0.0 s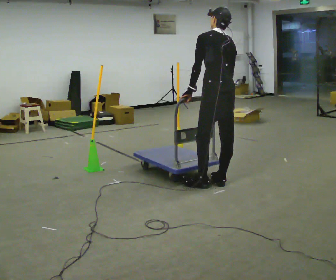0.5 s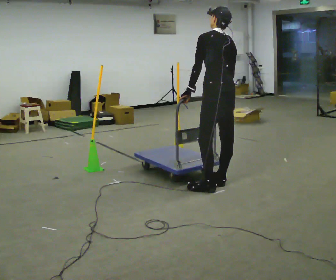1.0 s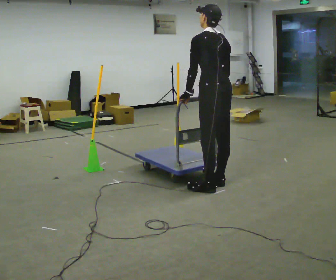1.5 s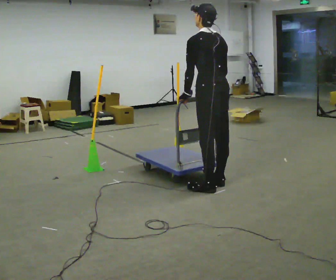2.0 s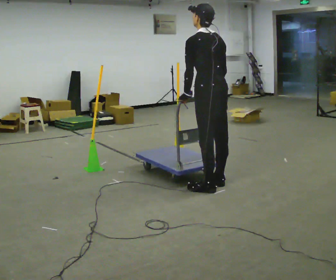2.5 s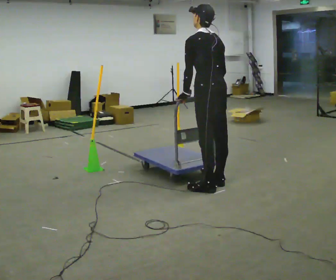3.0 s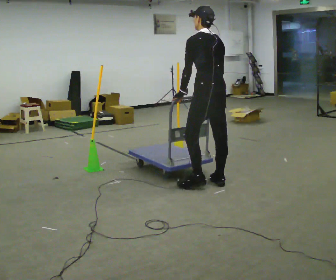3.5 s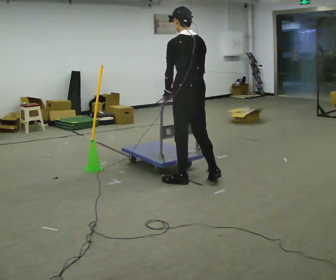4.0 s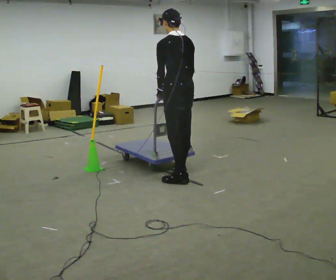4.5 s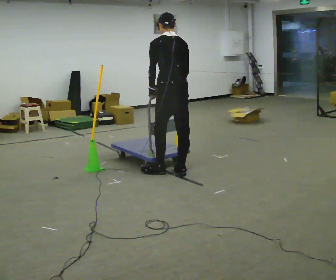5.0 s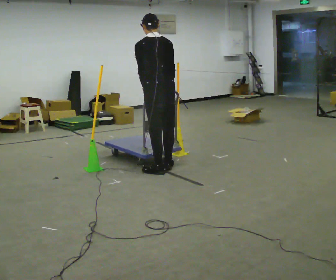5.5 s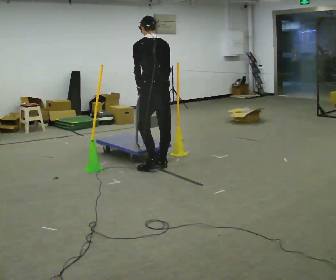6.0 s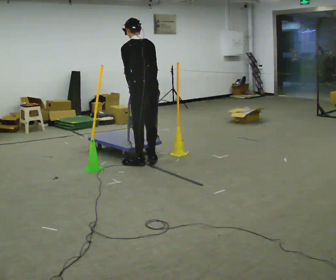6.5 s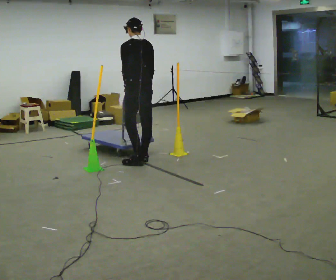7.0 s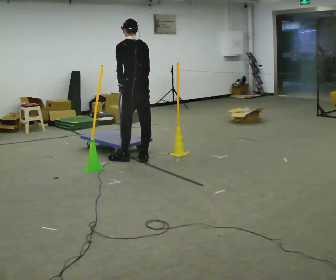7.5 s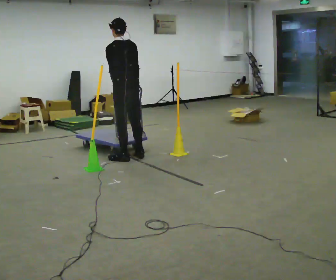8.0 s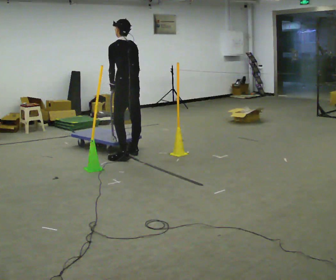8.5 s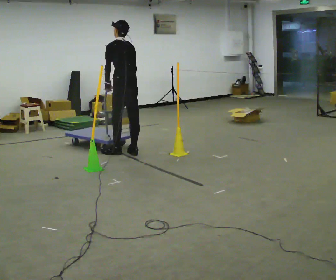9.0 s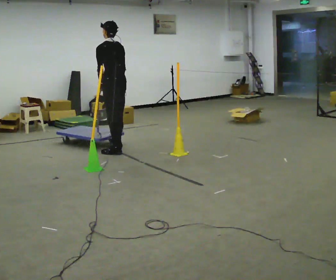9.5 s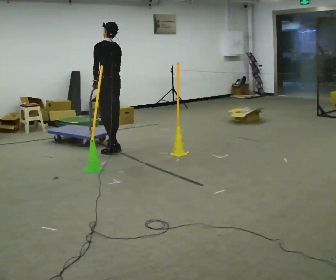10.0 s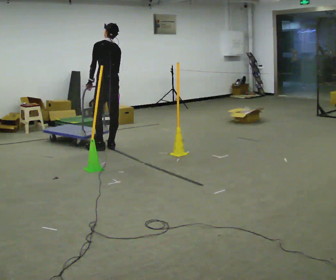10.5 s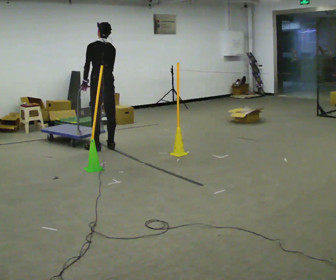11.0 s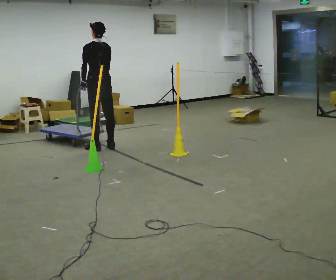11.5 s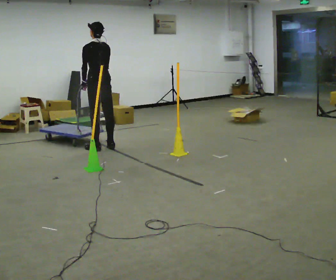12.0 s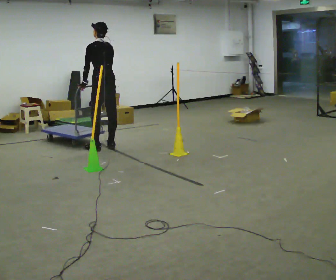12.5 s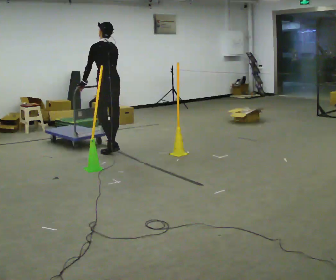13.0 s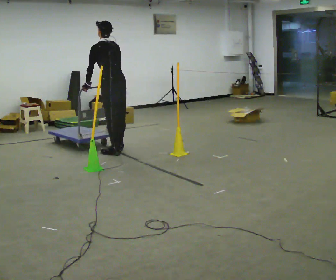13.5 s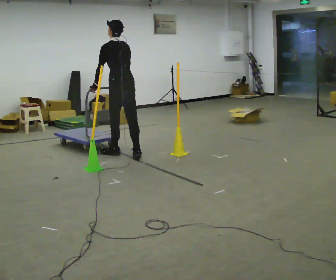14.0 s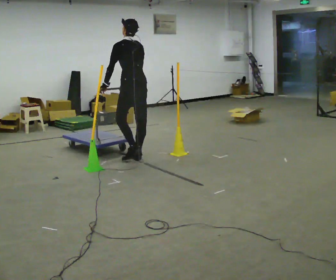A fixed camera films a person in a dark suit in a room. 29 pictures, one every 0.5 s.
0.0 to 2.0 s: The person moves a little, or ends about where they began.
2.0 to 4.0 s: In the picture they go away from the camera and to the left, about 0.5 m in 2 steps, which for them is forward.
4.0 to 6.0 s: In the picture they go away from the camera and to the left, about 0.75 m in 4 steps, which for them is forward.
6.0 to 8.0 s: In the picture they go away from the camera and to the left, about 0.5 m in 2 steps, which for them is forward.
8.0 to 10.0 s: In the picture they go away from the camera and to the left, about 0.5 m in 3 steps, which for them is forward.
10.0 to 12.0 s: The person moves a little, or ends about where they began.
12.0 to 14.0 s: In the picture they go toward the camera and to the right, about 0.75 m in 3 steps, which for them is backward.
The film runs backward here.
